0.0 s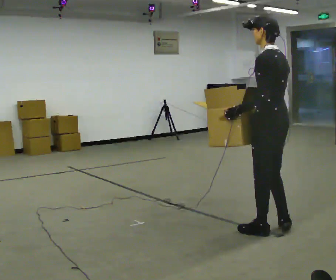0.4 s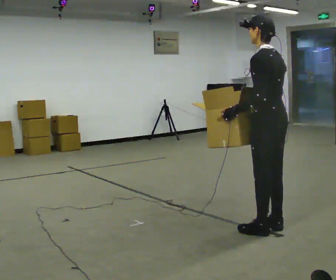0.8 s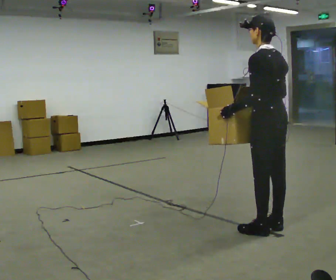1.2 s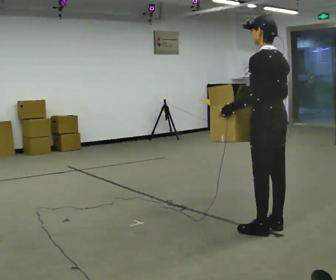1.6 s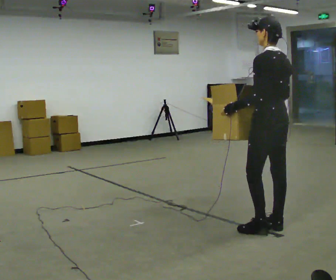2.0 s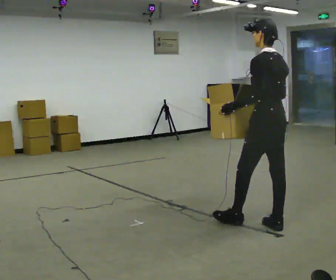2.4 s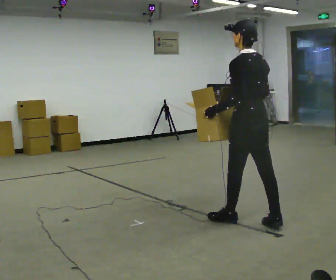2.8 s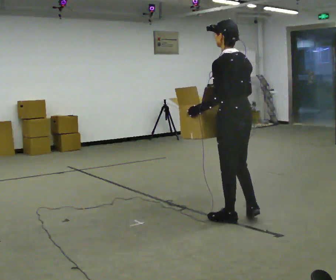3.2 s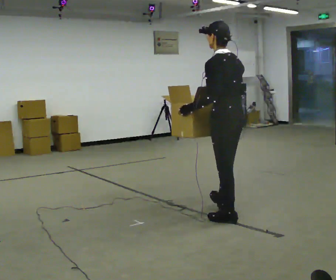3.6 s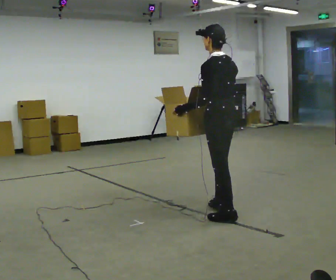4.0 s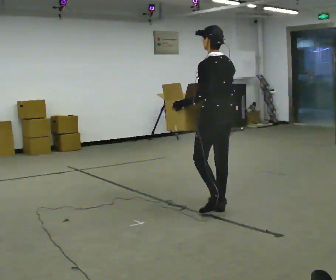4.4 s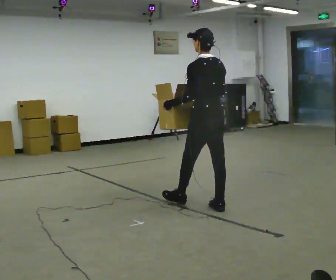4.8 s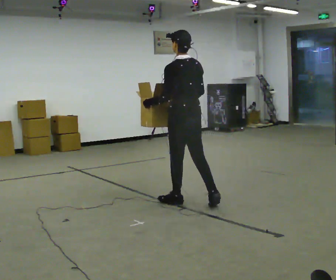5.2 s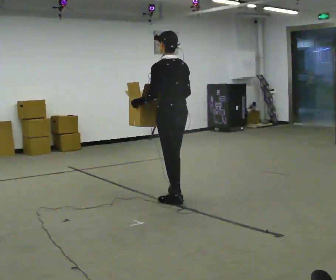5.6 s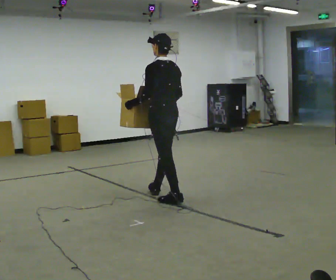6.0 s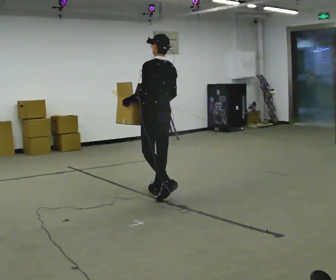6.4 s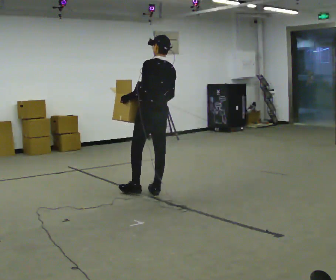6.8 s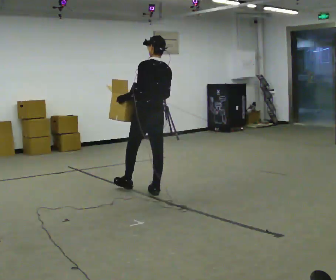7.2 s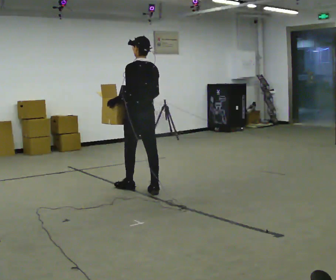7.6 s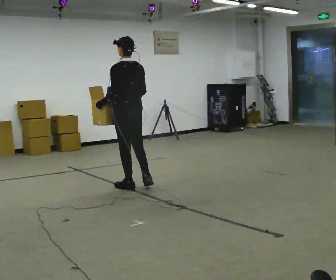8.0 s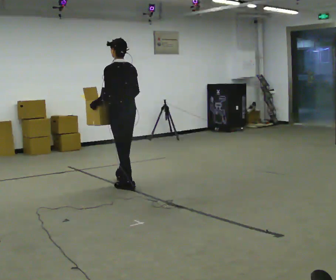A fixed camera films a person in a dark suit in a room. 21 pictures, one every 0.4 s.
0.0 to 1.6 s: In the picture they go away from the camera, about 0.25 m.
1.6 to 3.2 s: In the picture they go to the left and away from the camera, about 0.5 m in 2 steps, which for them is forward.
3.2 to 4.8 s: In the picture they go away from the camera and to the left, about 0.75 m in 1 step, which for them is forward.
4.8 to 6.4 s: In the picture they go away from the camera and to the left, about 0.5 m in 1 step, which for them is forward.
6.4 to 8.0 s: In the picture they go to the left and away from the camera, about 0.5 m in 1 step, which for them is forward. In the picture the upper body tilts counterclockwise, shoulders to the left.
The film runs forward here.
